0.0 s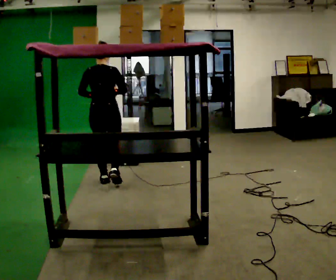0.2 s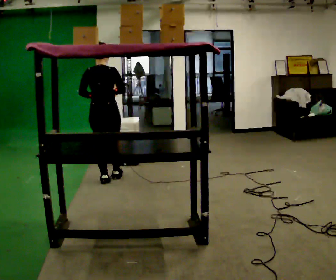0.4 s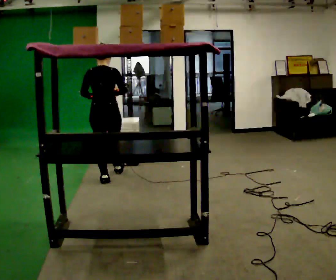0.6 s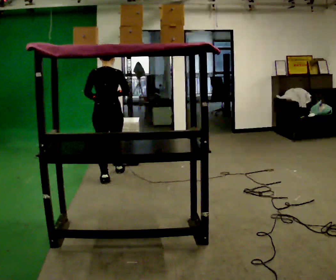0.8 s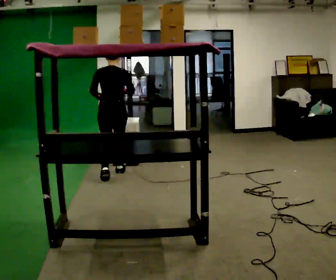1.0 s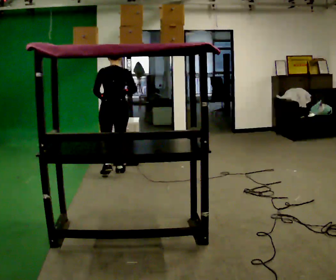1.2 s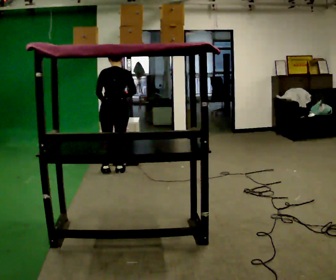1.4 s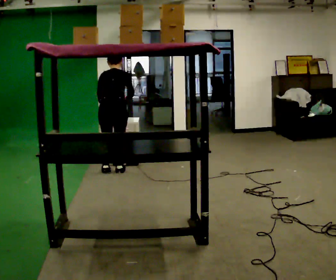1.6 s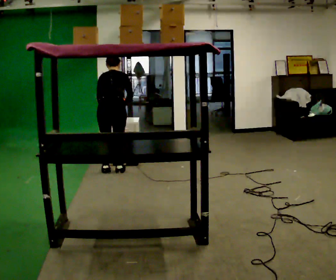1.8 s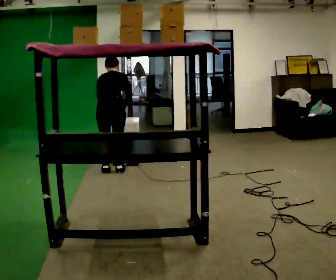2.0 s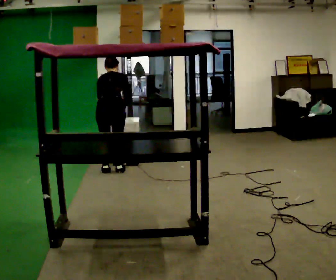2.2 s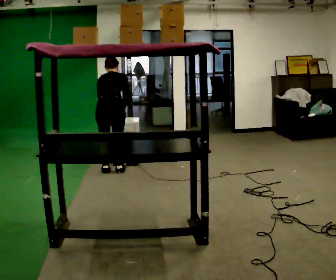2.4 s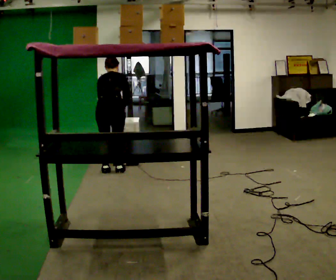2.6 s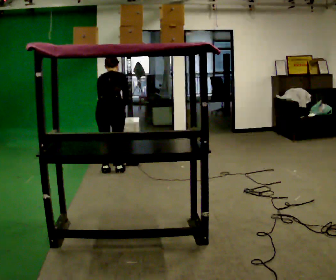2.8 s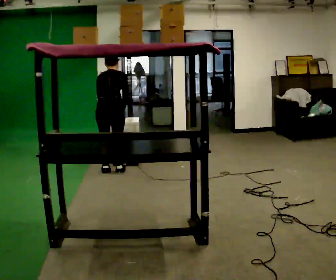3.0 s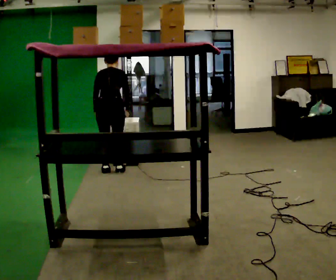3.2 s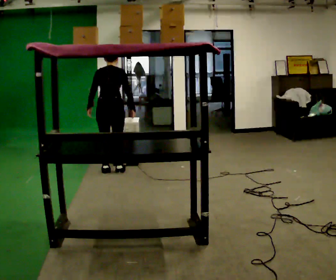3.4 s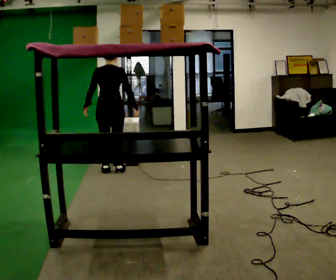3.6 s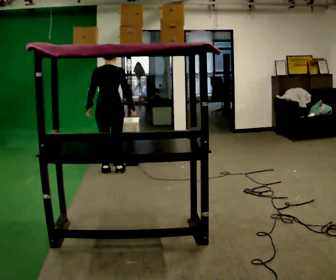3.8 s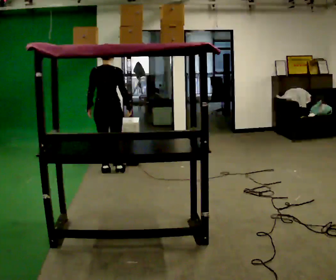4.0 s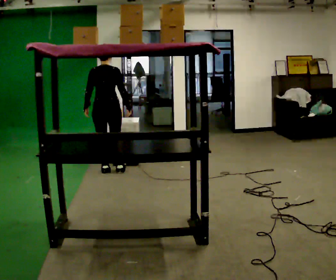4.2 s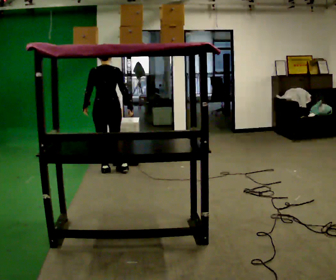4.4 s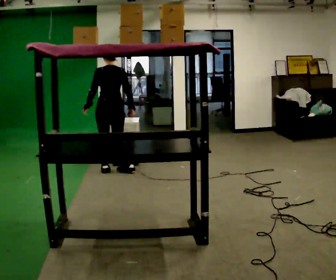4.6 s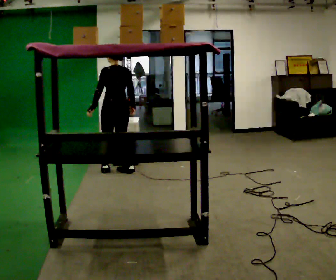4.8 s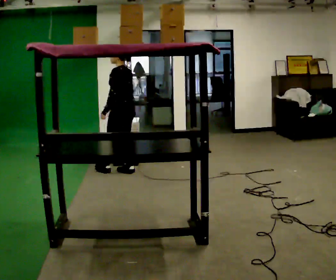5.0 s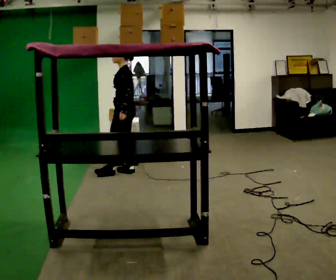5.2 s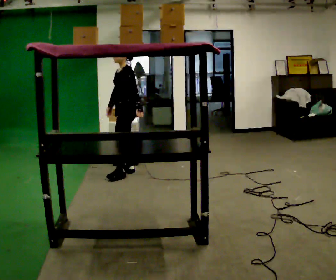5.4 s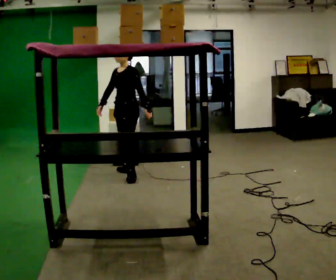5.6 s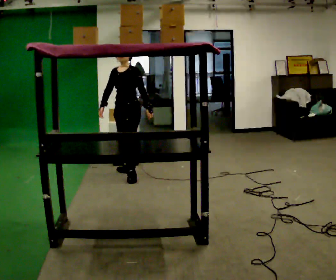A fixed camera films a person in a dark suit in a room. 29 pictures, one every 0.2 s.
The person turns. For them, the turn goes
to their left.
The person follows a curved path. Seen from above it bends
clockwise.
0.0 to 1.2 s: In the picture they go away from the camera, about 0.5 m in 1 step, which for them is forward. The upper body tips away from the camera, its near side rolling upward, as they bend forward.
1.2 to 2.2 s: The upper body tips away from the camera, its near side rolling upward, as they bend forward.
2.2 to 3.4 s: The upper body tips toward the camera, its near side rolling downward, as they lean back or straighten.
3.4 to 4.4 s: The person moves a little, or ends about where they began.
4.4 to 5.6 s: The person turns about 120 degrees to their left, counterclockwise seen from above, so the part of the body nearest the lens slides to the right. In the picture they go to the right and toward the camera, about 0.25 m in 1 step.
The film runs forward here.
